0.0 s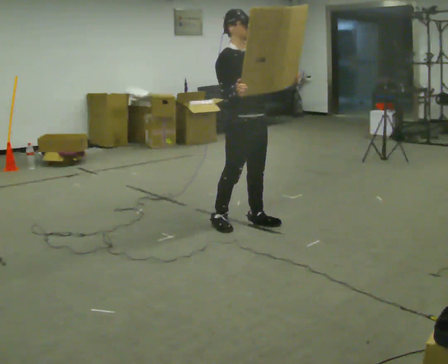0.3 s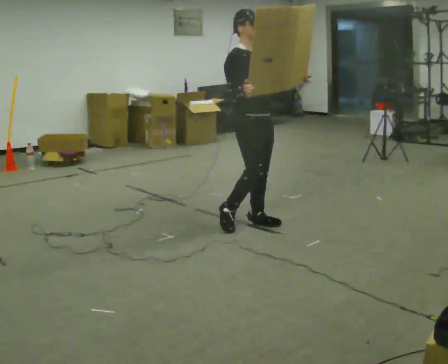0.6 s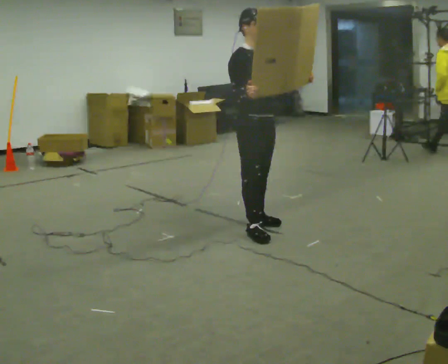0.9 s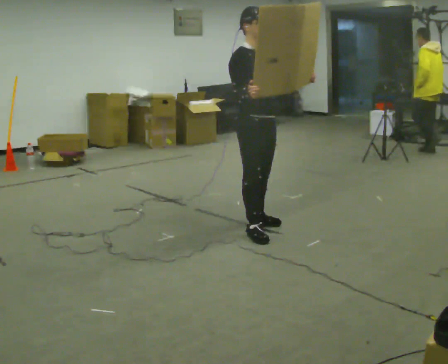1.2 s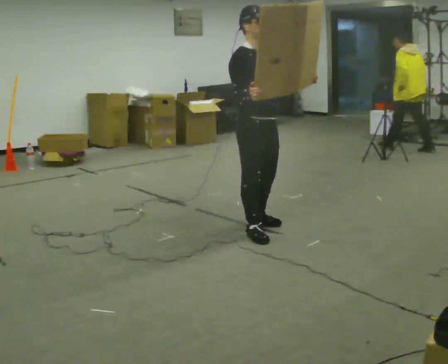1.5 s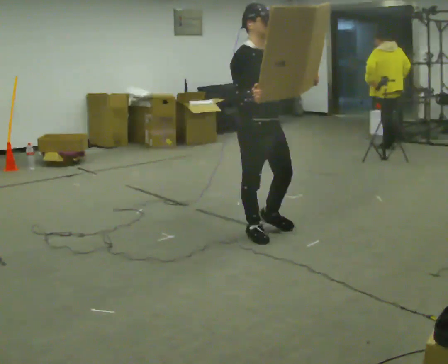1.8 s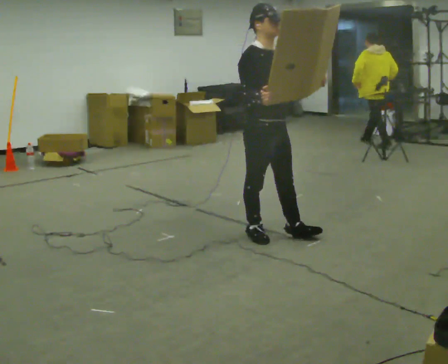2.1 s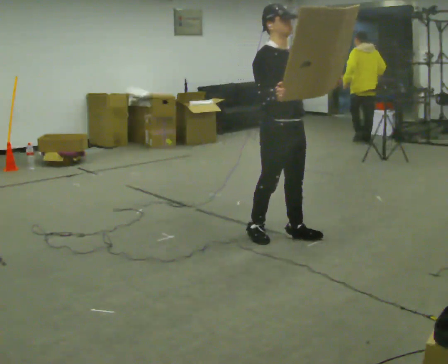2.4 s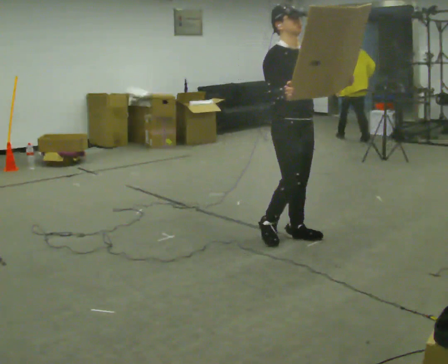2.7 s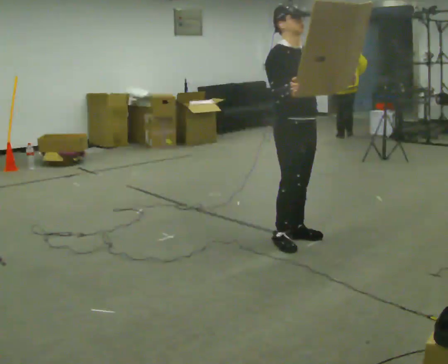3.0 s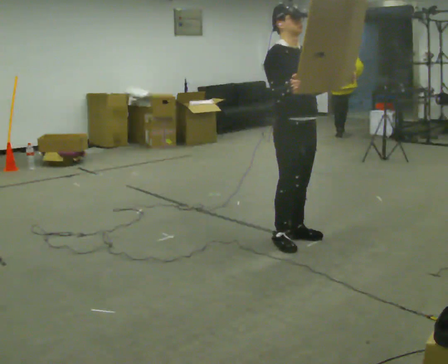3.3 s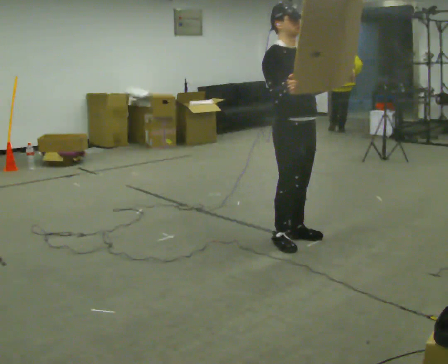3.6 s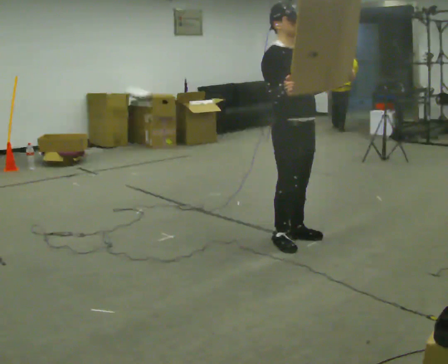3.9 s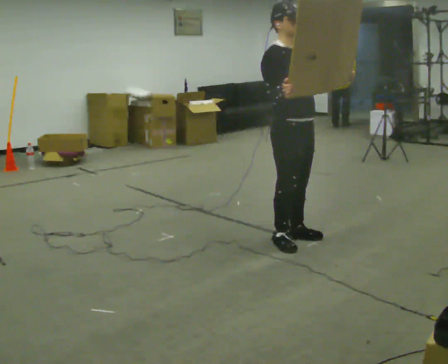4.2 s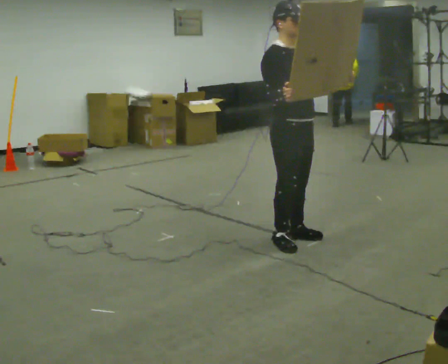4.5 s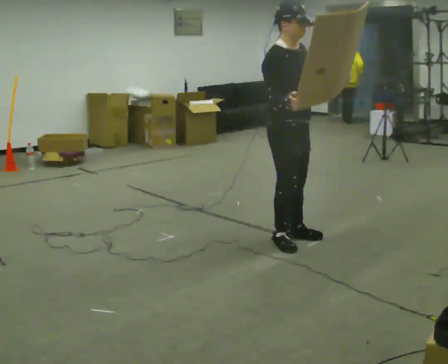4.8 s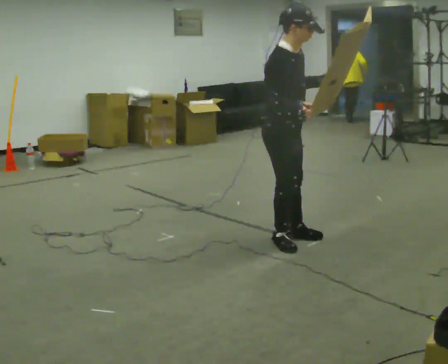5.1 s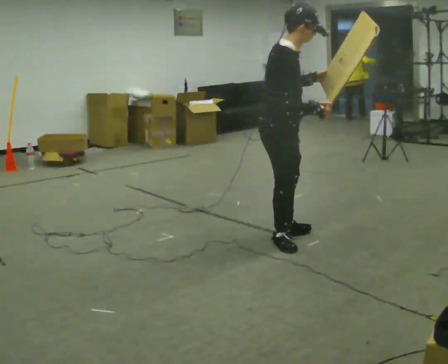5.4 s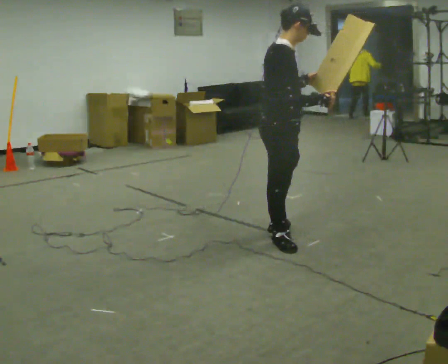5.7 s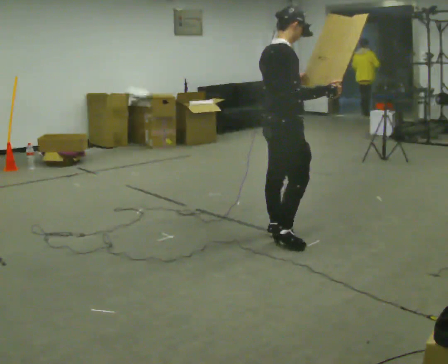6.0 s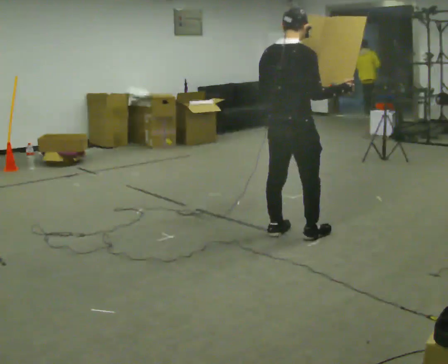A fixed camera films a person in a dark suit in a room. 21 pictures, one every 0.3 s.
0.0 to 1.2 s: In the picture they go toward the camera and to the right, about 0.25 m in 1 step, which for them is forward.
1.2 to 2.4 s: In the picture they go to the right, about 0.25 m in 1 step, which for them is forward.
2.4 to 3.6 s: The person moves a little, or ends about where they began.
3.6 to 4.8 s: The person turns about 30 degrees to their left, counterclockwise seen from above, so the part of the body nearest the lens slides to the right. In the picture the upper body tilts clockwise, shoulders to the right, as they bend forward.
4.8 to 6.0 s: Seen from above the body turns counterclockwise, about 75 degrees: to their left, with its near side sliding to the right.
The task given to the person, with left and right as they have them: Carry the large light object across the room, back and forth. It is awkward rather than heavy, so hold it however works.
The film runs forward here.
